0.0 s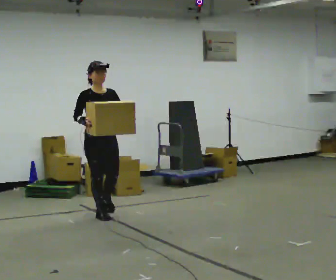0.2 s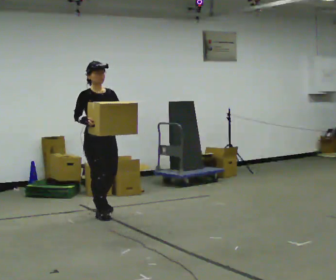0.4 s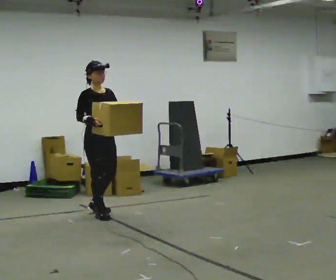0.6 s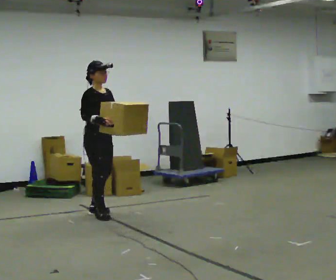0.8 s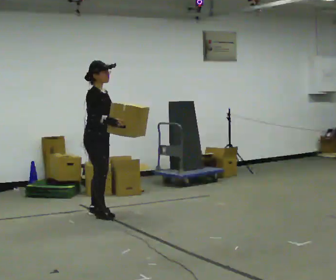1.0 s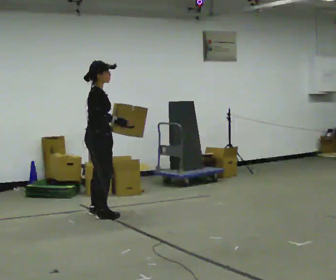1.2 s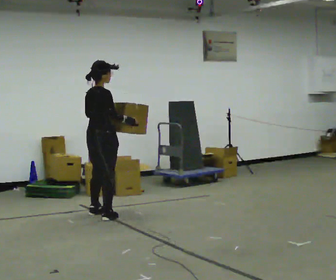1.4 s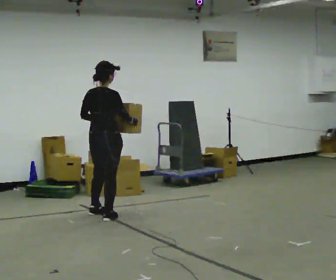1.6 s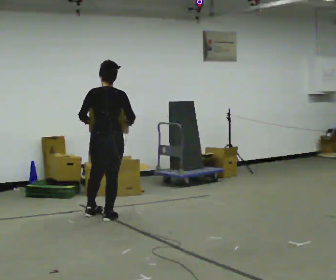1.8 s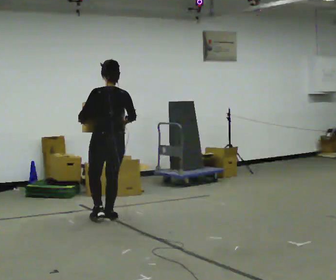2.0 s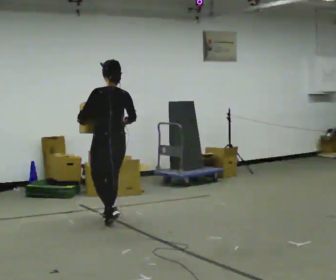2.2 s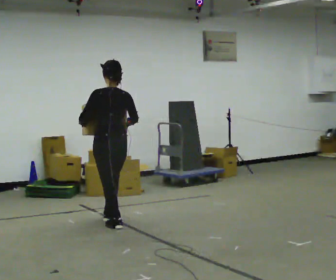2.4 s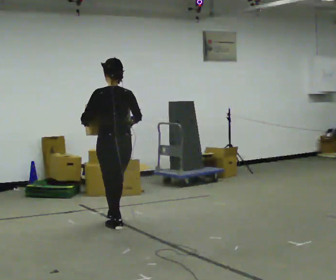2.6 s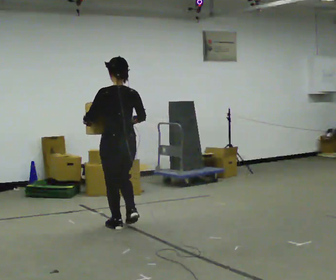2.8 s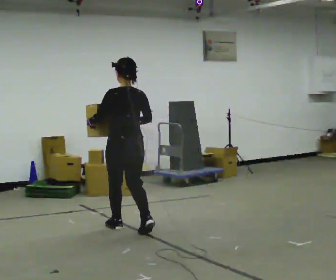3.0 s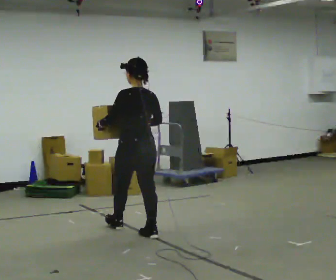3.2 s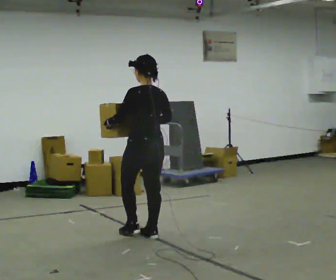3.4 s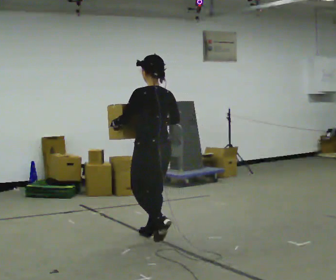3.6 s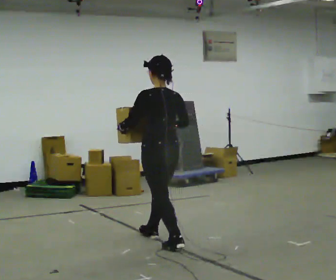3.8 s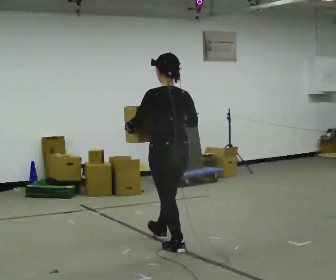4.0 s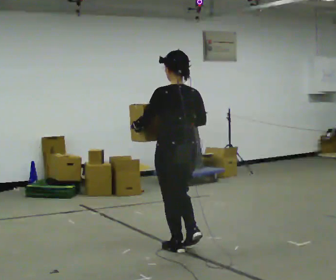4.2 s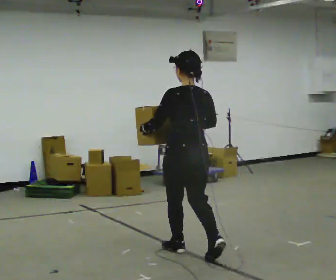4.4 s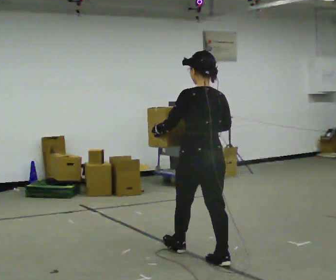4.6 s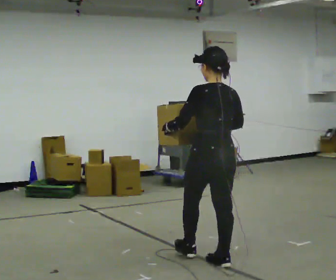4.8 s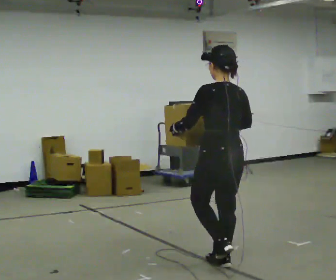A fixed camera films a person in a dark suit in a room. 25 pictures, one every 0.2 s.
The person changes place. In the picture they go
toward the camera.
The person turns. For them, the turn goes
to their left.
0.0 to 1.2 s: The part of the body nearest the lens slides to the right as the person turns to their left by about 90 degrees. In the picture their left hand goes to the left.
1.2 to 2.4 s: The part of the body nearest the lens slides to the right as the person turns to their left by about 75 degrees. In the picture they go toward the camera, about 0.5 m in 2 steps.
2.4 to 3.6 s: In the picture they go toward the camera and to the right, about 1 m in 1 step, which for them is backward.
3.6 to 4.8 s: In the picture they go toward the camera and to the right, about 1 m in 2 steps, which for them is backward.
The film runs backward here.
